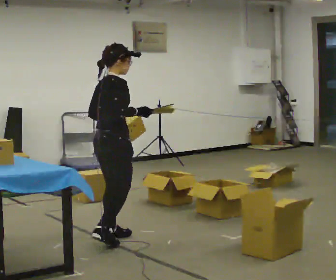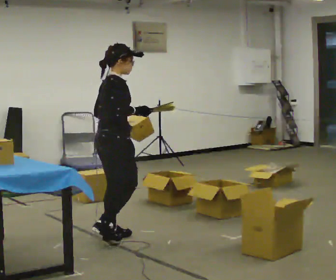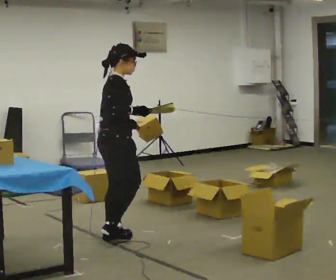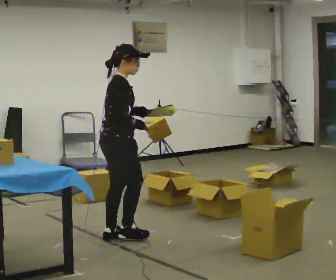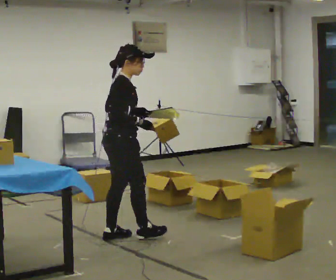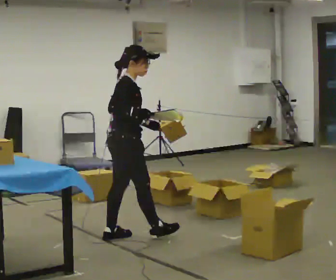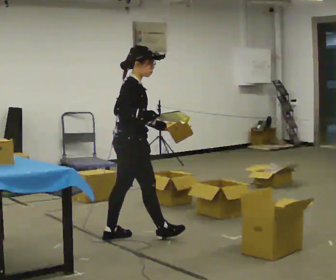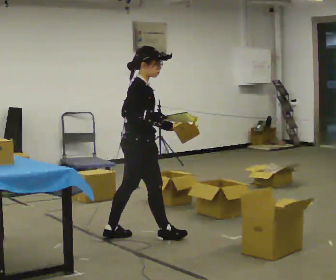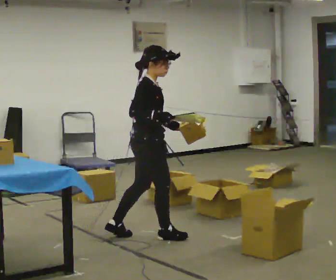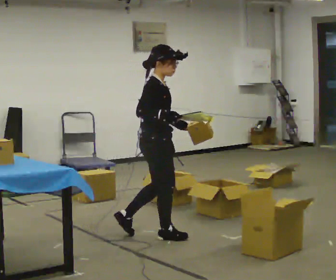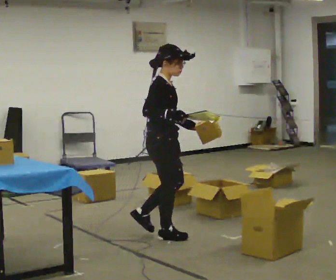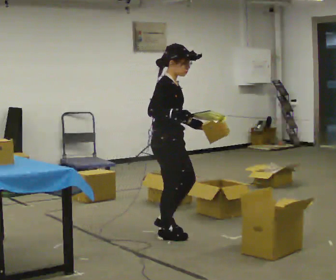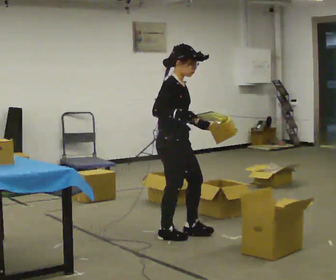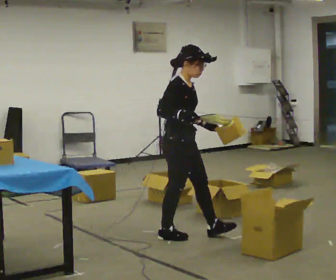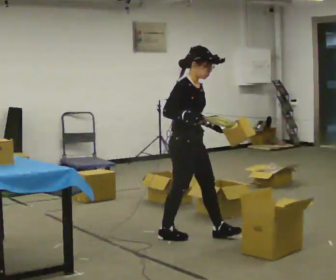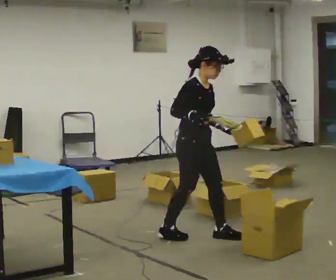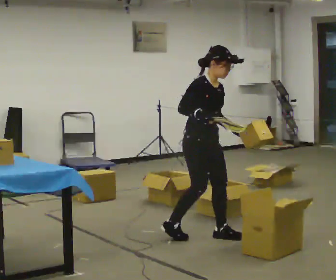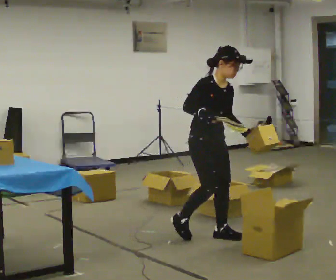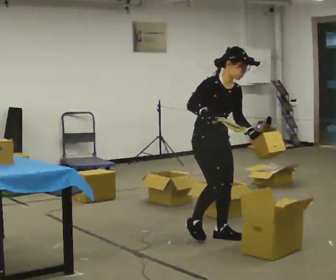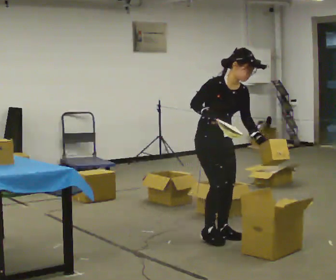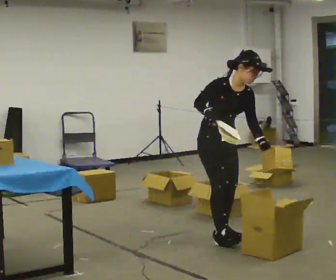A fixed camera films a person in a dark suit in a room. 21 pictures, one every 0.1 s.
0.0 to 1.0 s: The part of the body nearest the lens slides to the left as the person turns to their right by about 30 degrees. In the picture they go to the right, about 0.5 m in 1 step, which for them is forward.
1.0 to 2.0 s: The person turns about 45 degrees to their right, clockwise seen from above, so the part of the body nearest the lens slides to the left. In the picture they go to the right, about 0.5 m in 1 step, which for them is forward and to their left. In the picture the upper body tilts clockwise, shoulders to the right, as they bend forward.
The film runs forward here.
